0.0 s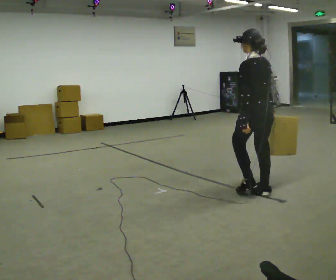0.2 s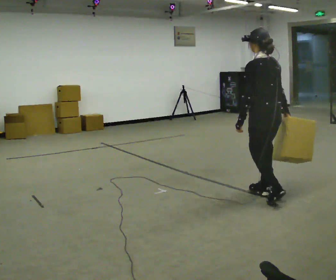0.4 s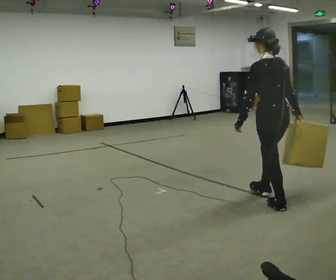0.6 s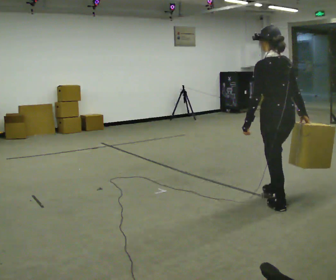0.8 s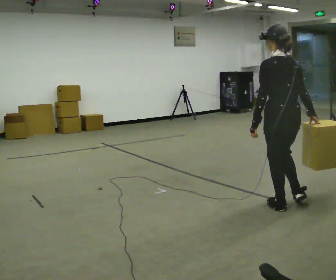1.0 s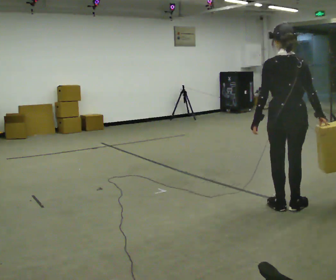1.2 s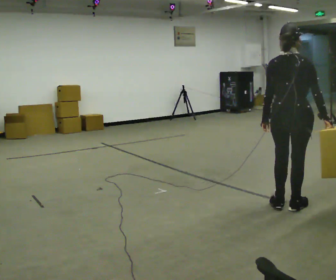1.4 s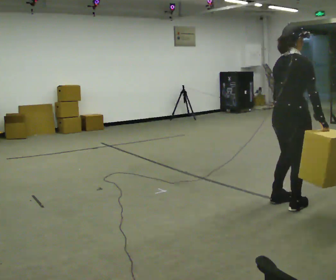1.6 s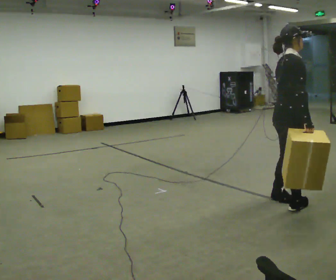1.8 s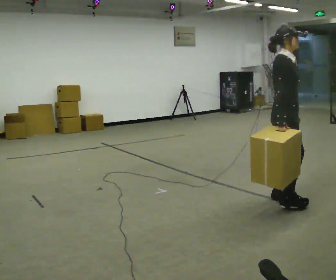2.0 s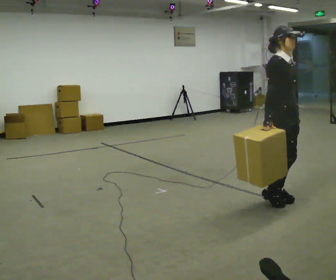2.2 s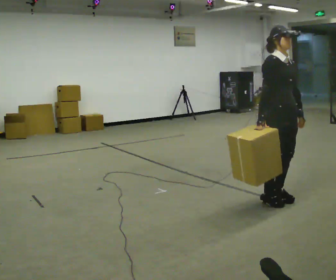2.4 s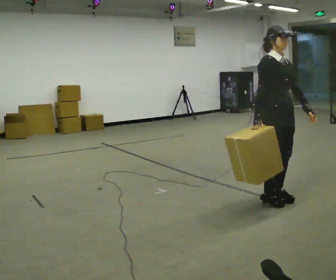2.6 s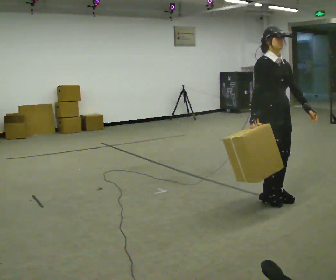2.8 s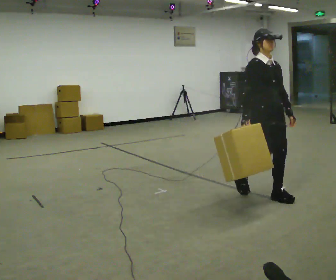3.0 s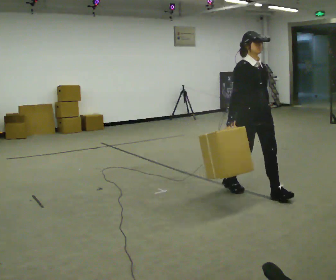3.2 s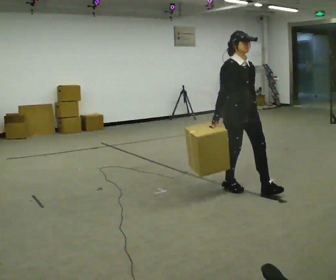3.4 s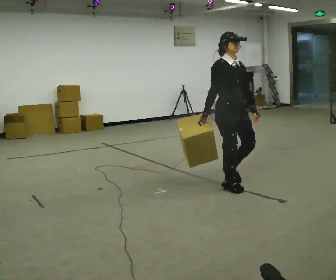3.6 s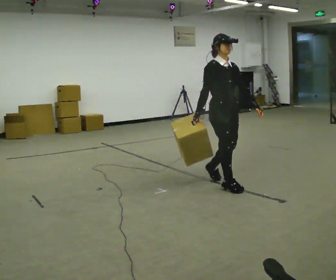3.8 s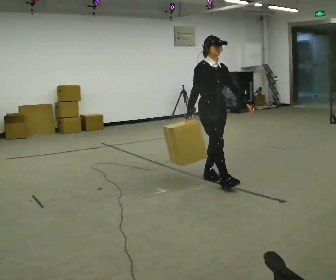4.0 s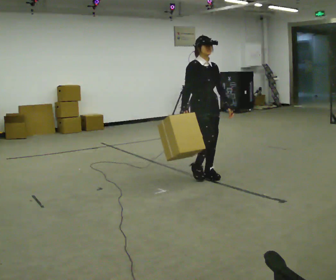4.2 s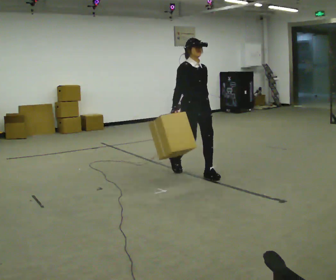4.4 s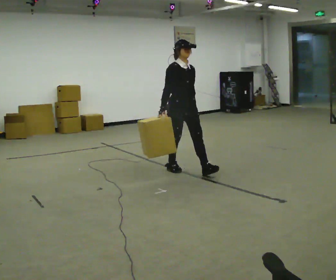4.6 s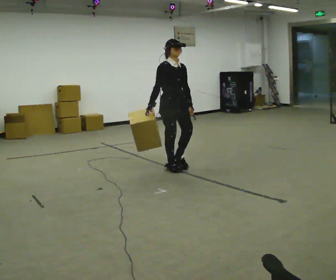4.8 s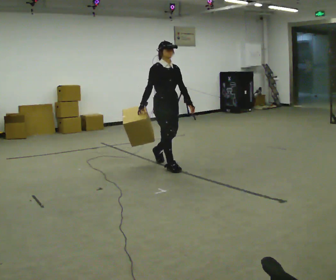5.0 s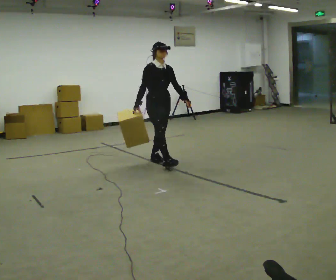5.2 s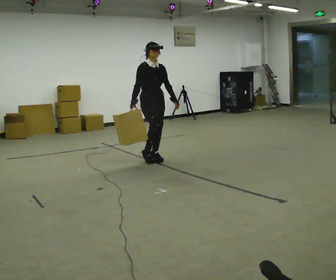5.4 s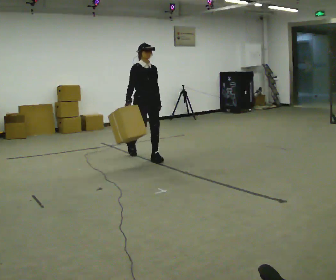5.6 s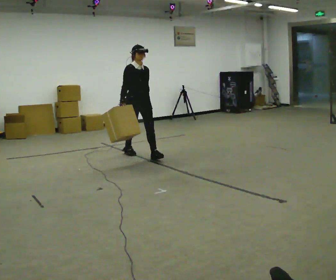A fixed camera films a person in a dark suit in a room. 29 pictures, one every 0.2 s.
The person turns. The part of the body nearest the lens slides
to the left.
The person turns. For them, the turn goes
to their right.
0.0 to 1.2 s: The part of the body nearest the lens slides to the left as the person turns to their right by about 60 degrees. In the picture they go toward the camera and to the right, about 0.5 m in 1 step, which for them is backward.
1.2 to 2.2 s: The part of the body nearest the lens slides to the left as the person turns to their right by about 120 degrees. In the picture they go away from the camera, about 0.25 m in 2 steps. In the picture their right hand goes to the left, the arm swinging clockwise.
2.2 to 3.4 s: In the picture they go to the left and away from the camera, about 0.5 m in 2 steps, which for them is backward.
3.4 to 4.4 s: In the picture they go to the left and away from the camera, about 1 m in 2 steps, which for them is backward.
4.4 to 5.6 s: In the picture they go to the left and away from the camera, about 1 m in 2 steps, which for them is backward.
The film runs backward here.
